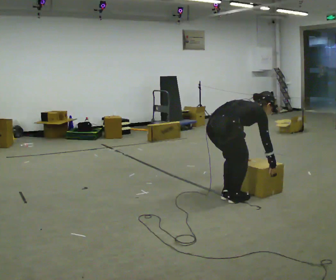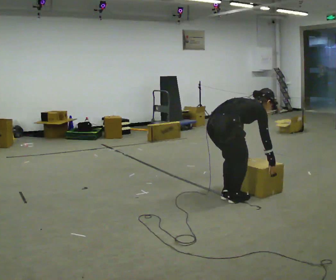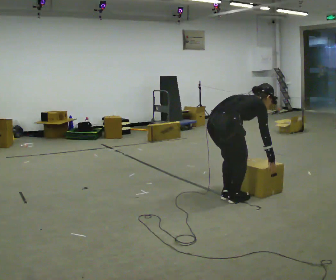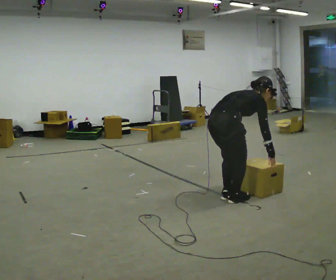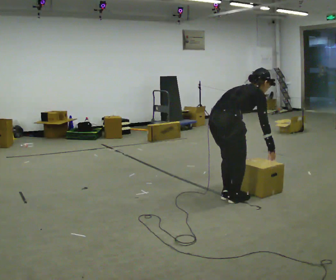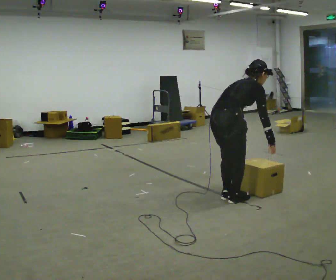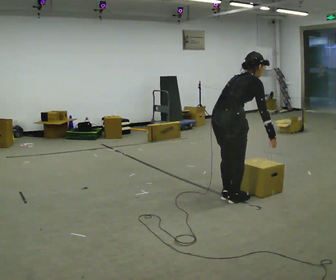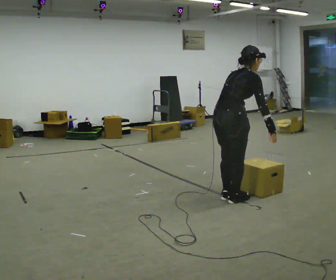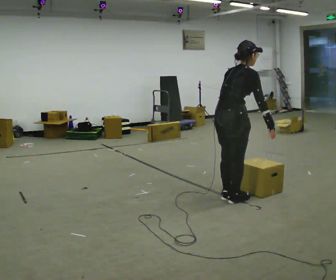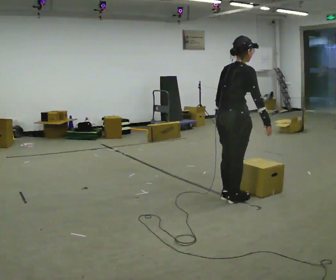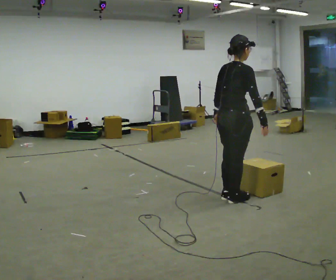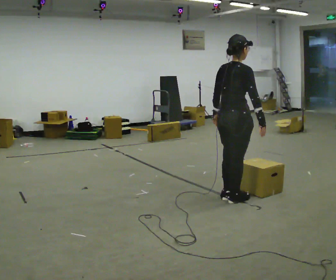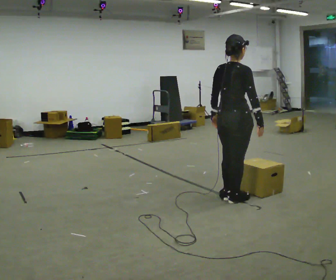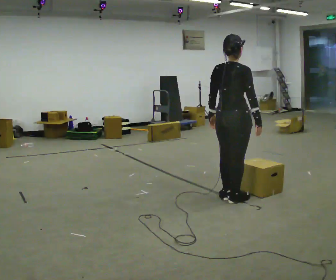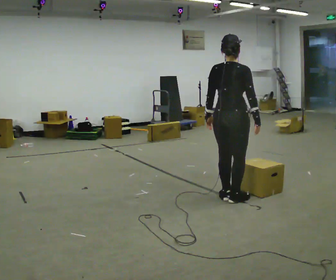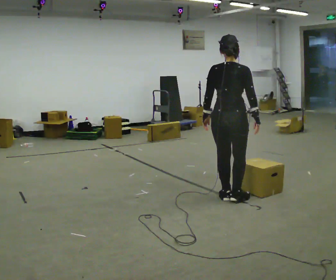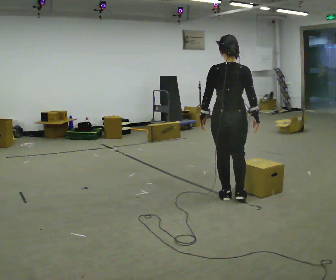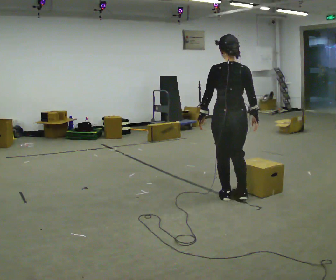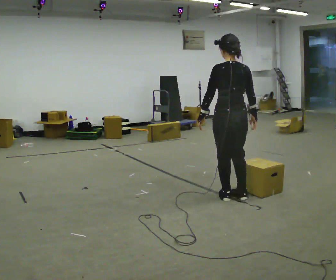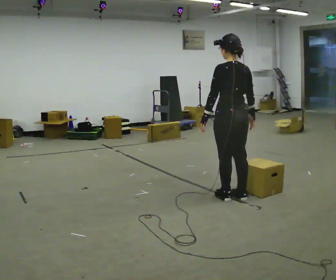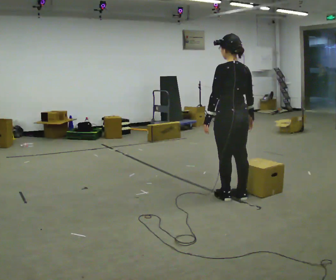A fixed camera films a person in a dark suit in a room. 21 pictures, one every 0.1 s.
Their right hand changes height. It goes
upward.
Their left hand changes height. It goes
upward.
0.0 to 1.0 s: The upper body goes upward. In the picture the upper body tilts counterclockwise, shoulders to the left, as they lean back or straighten. In the picture their left hand goes upward.
1.0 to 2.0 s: Seen from above the body turns counterclockwise, about 90 degrees: to their left, with its near side sliding to the right.
The film runs forward here.
